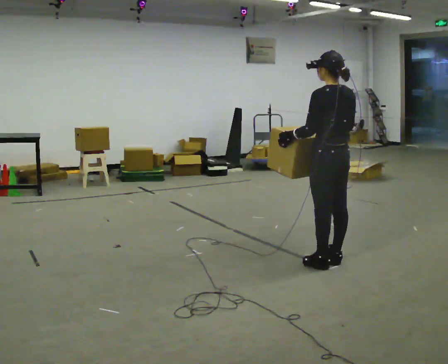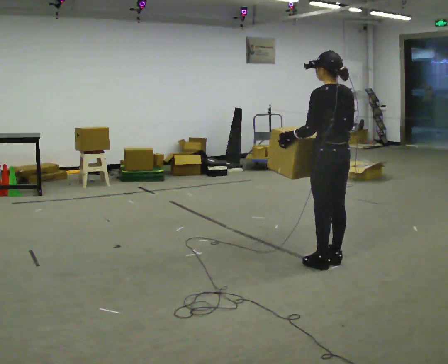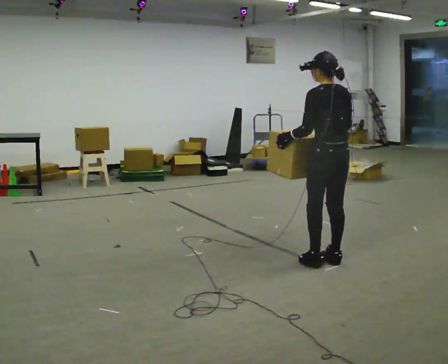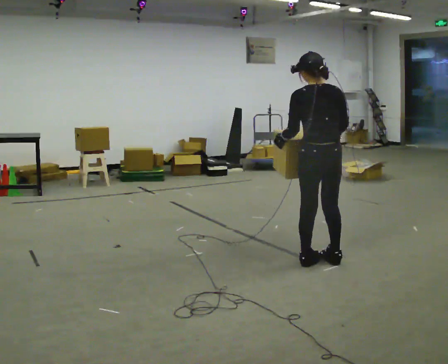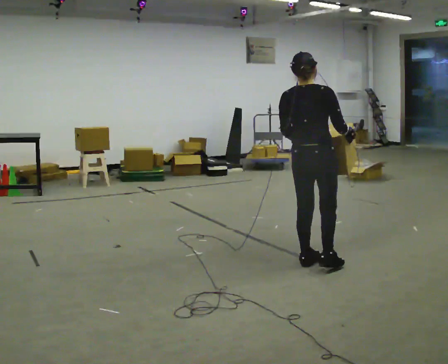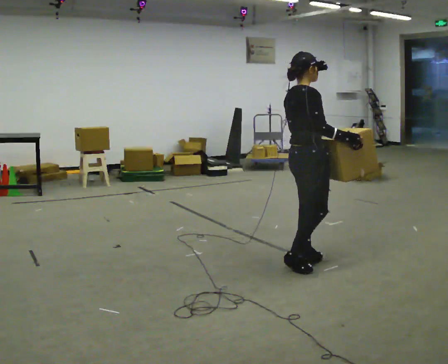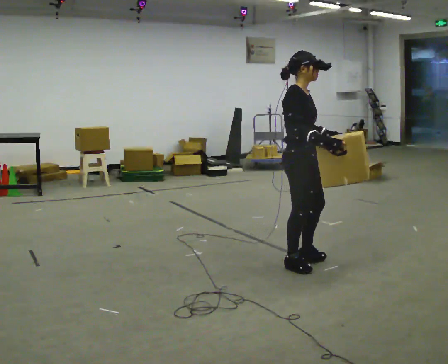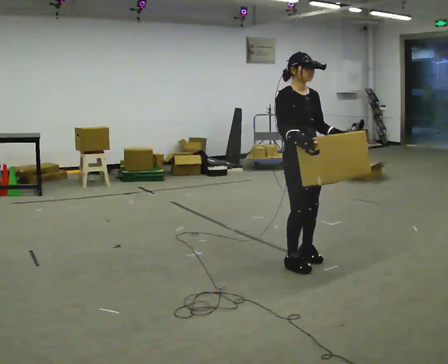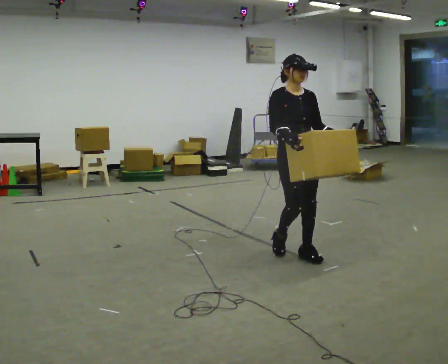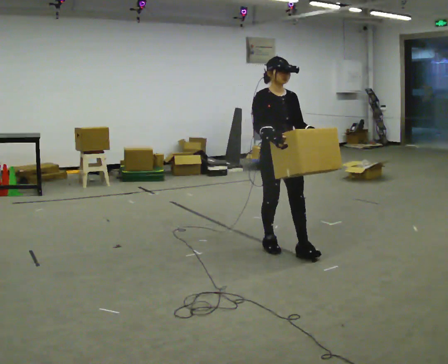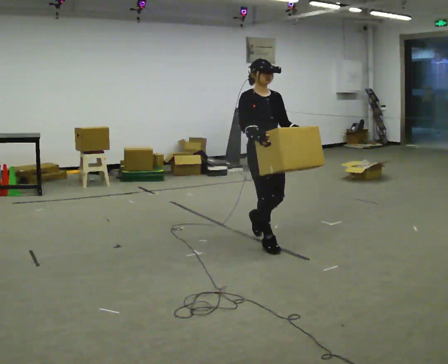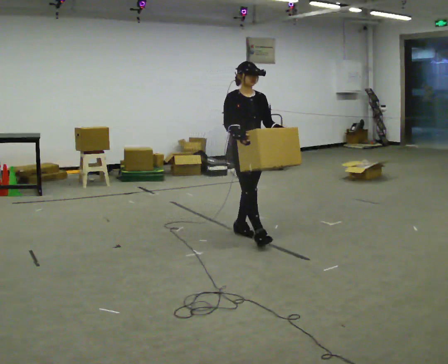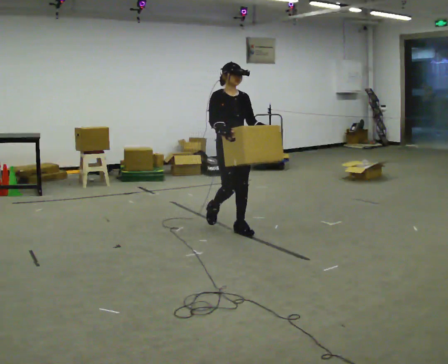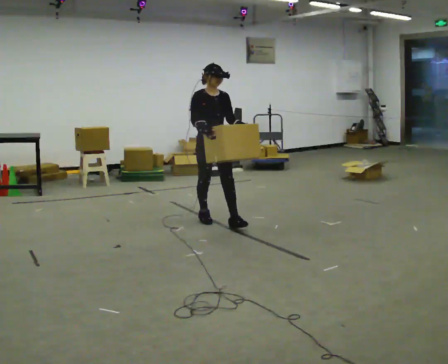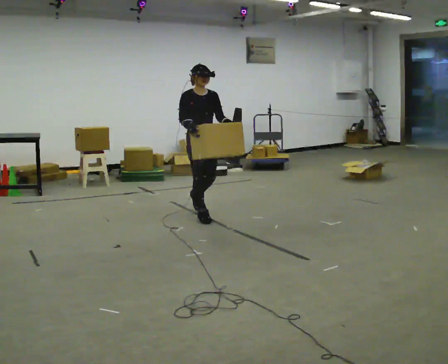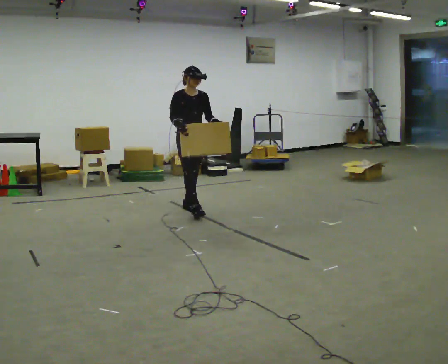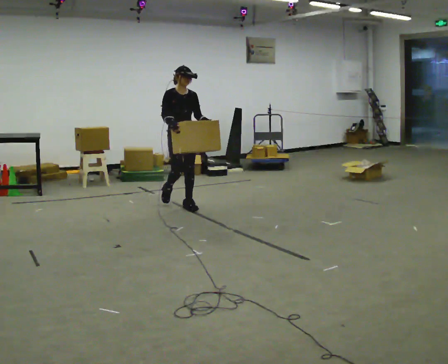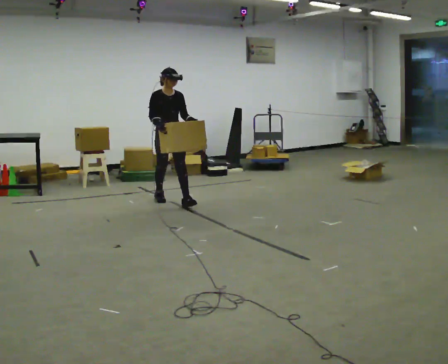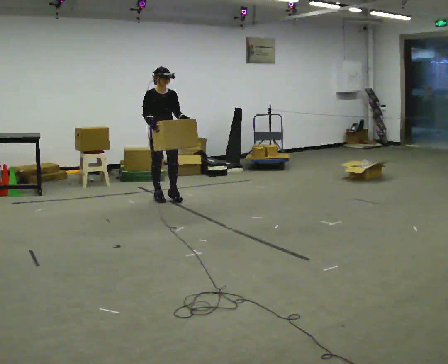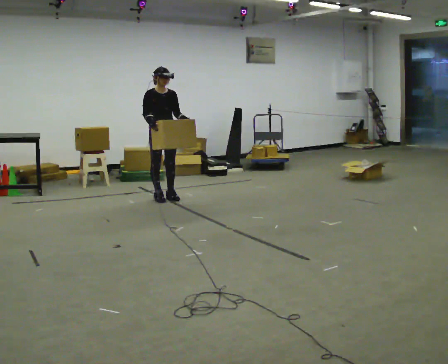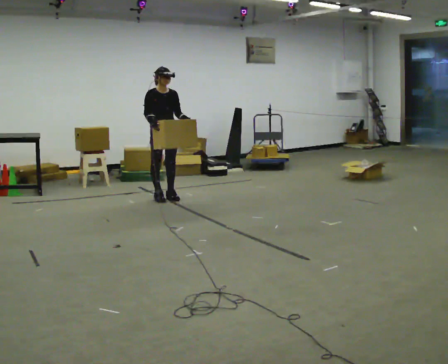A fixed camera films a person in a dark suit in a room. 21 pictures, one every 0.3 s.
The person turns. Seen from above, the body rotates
clockwise.
The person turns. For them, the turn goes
to their right.
0.0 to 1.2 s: Seen from above the body turns clockwise, about 60 degrees: to their right, with its near side sliding to the left. In the picture they go to the left, about 0.25 m in 1 step.
1.2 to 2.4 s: Seen from above the body turns clockwise, about 120 degrees: to their right, with its near side sliding to the left. In the picture they go away from the camera and to the left, about 0.25 m in 2 steps.
2.4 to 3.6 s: In the picture they go away from the camera and to the left, about 1 m in 2 steps, which for them is backward.
3.6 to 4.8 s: In the picture they go away from the camera and to the left, about 1 m in 2 steps, which for them is backward.
4.8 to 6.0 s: In the picture they go away from the camera and to the left, about 0.5 m in 1 step, which for them is backward.
The film runs backward here.
